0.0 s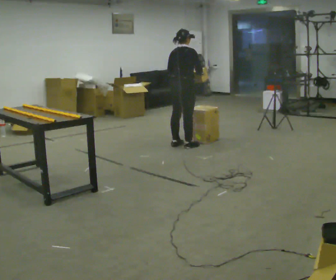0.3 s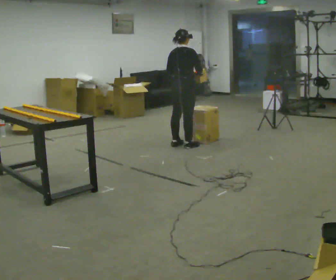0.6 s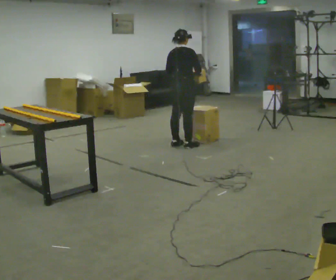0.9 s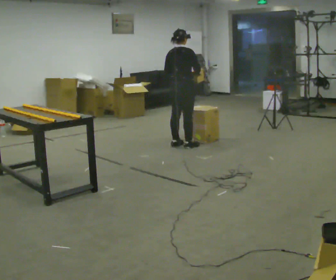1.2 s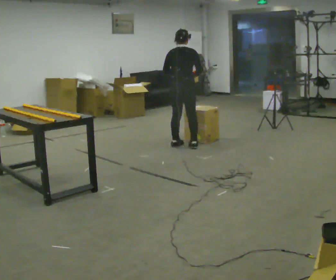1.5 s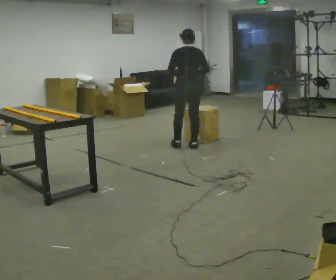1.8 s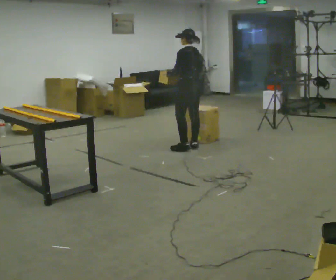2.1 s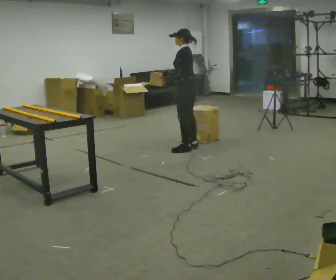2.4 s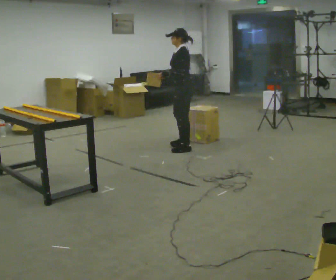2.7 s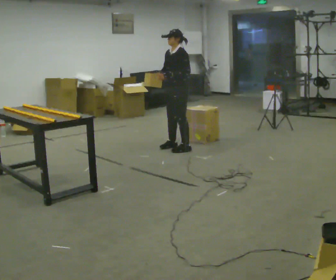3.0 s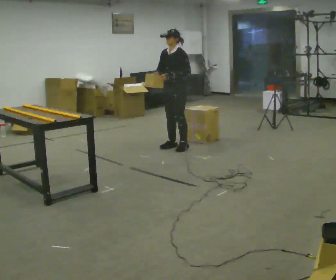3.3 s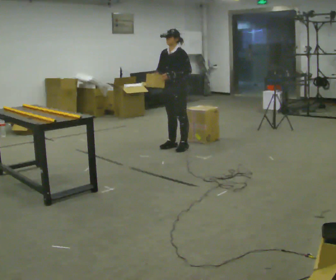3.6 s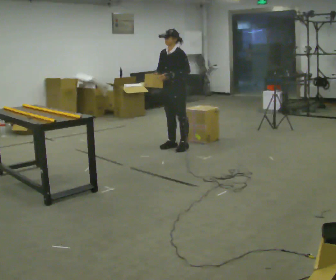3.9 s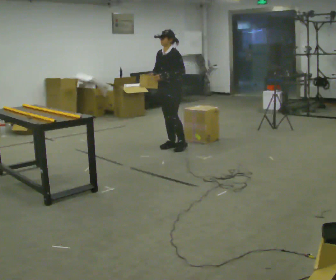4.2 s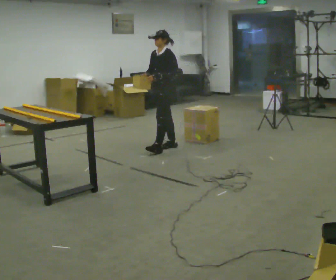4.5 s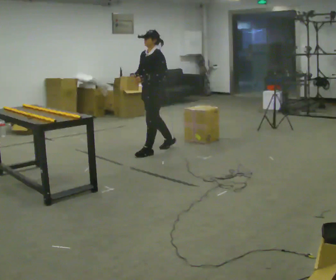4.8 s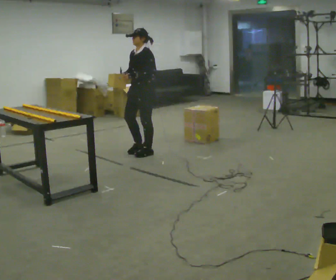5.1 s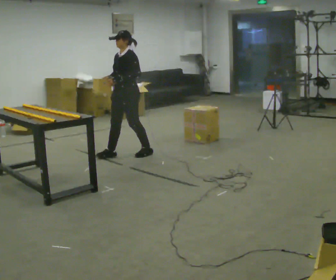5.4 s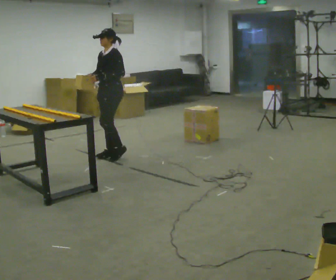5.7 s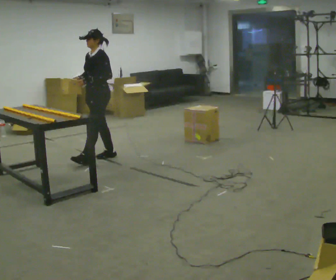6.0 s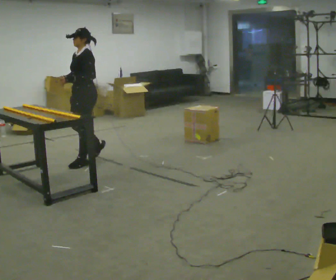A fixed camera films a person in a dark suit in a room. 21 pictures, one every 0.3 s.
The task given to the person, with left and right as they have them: Carry the object across the room and slide it into the slot on the shelf. It is a close fit, so take the time you need. Keep going until the operator says stop; one object at a time, and do not rush between trips.
0.0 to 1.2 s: The person moves a little, or ends about where they began.
1.2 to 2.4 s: The person turns about 120 degrees to their left, counterclockwise seen from above, so the part of the body nearest the lens slides to the right. In the picture they go toward the camera, about 0.25 m in 1 step.
2.4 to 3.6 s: The person turns about 30 degrees to their left, counterclockwise seen from above, so the part of the body nearest the lens slides to the right.
3.6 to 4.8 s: In the picture they go to the left and toward the camera, about 0.5 m in 1 step, which for them is forward.
4.8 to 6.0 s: In the picture they go to the left and toward the camera, about 1 m in 2 steps, which for them is forward.
The film runs forward here.
